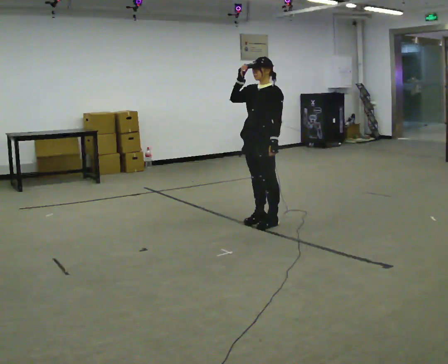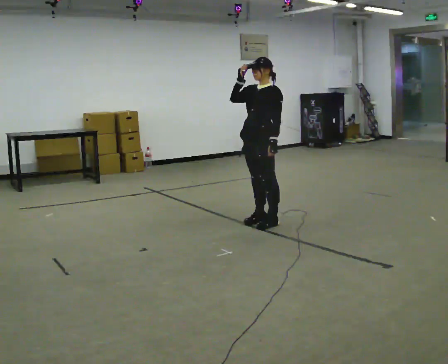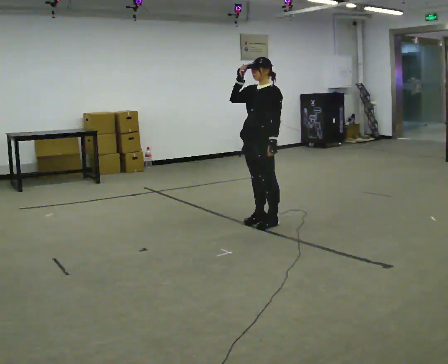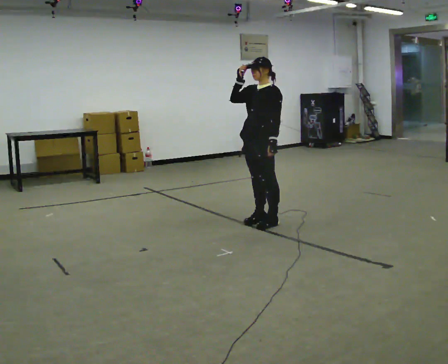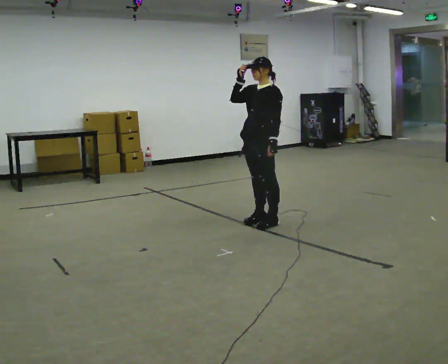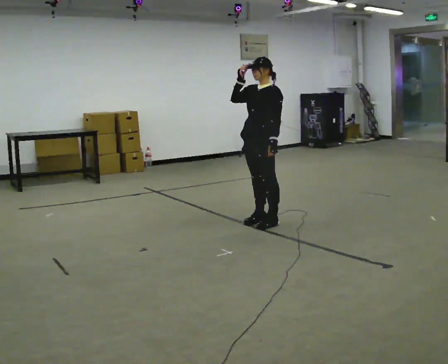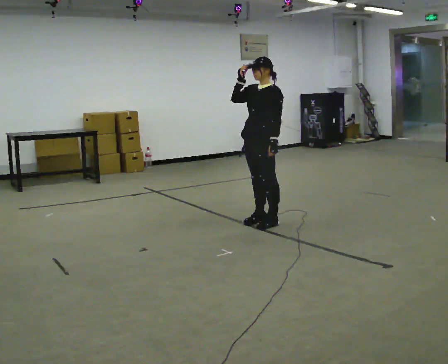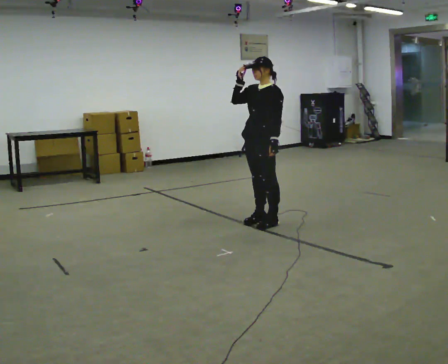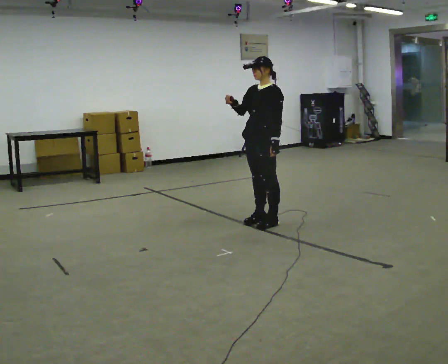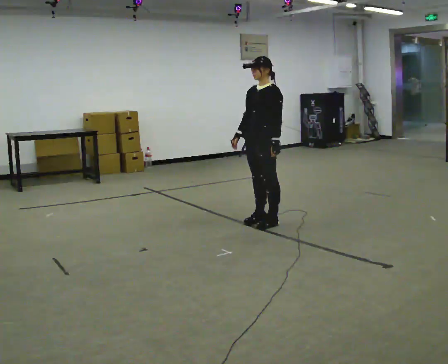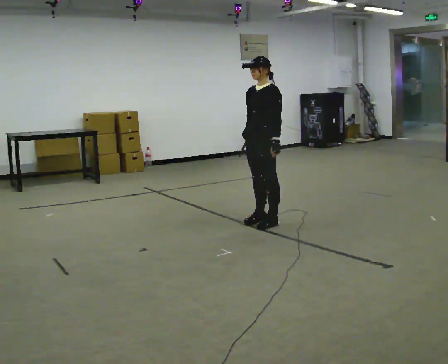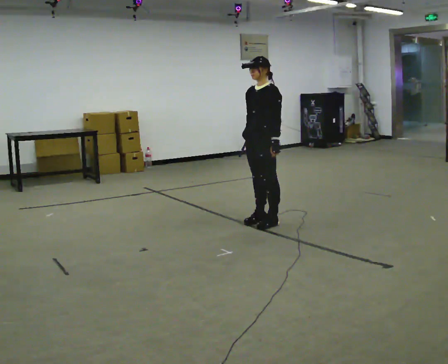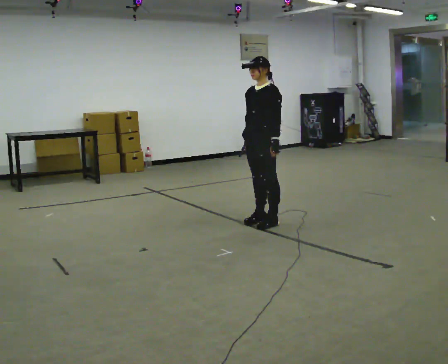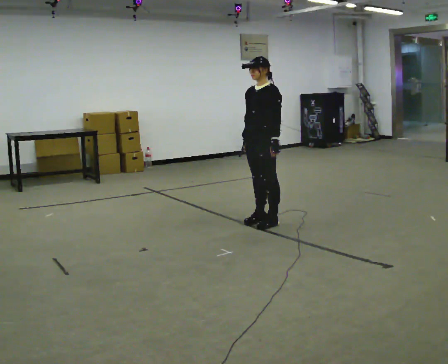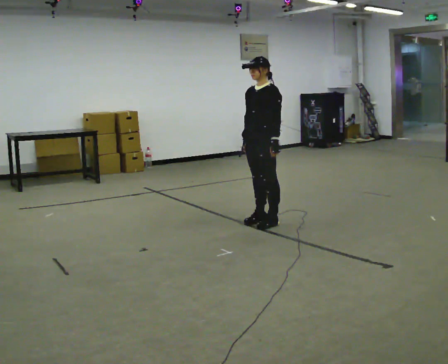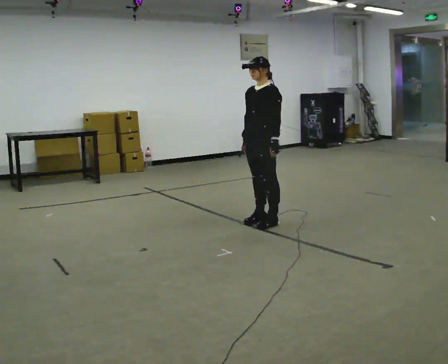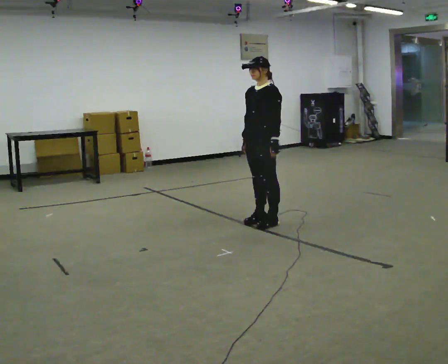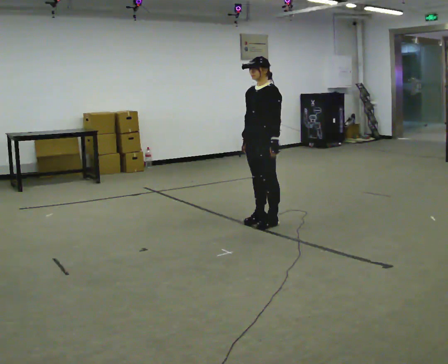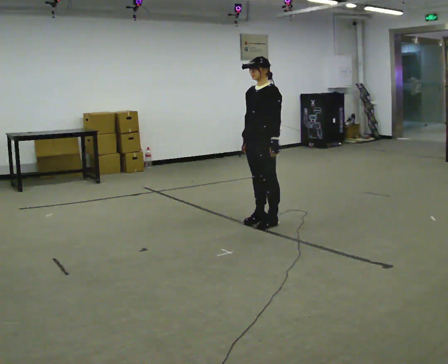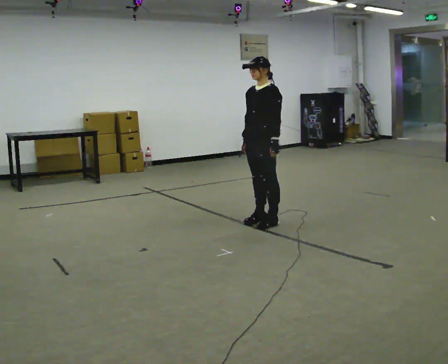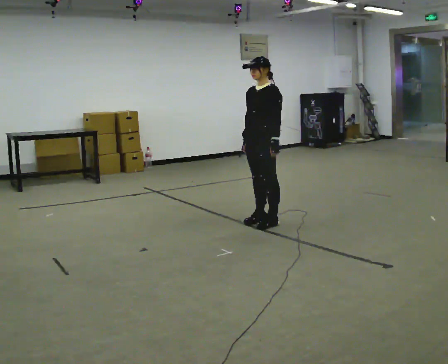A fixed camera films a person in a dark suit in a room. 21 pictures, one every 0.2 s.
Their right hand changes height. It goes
downward.
0.0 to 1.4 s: The person moves a little, or ends about where they began.
1.4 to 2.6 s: In the picture their right hand goes downward.
2.6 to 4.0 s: The person keeps their place and pose.
The film runs forward here.
